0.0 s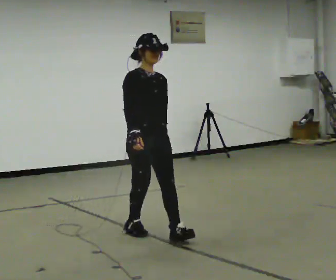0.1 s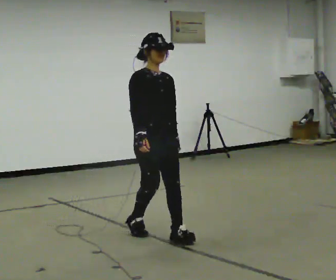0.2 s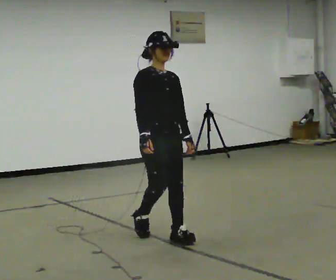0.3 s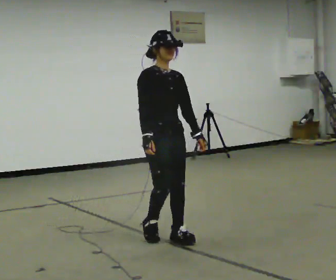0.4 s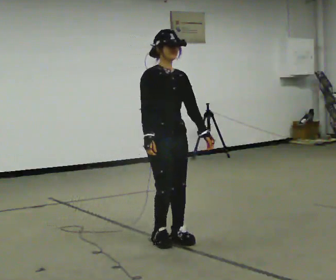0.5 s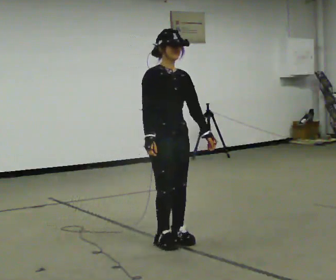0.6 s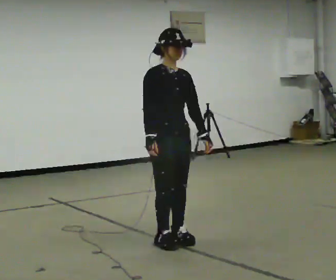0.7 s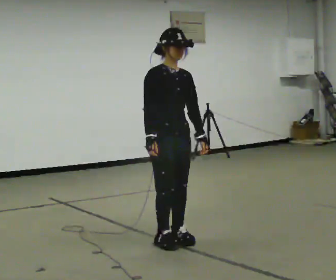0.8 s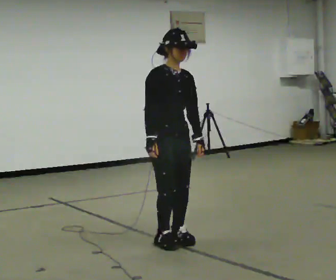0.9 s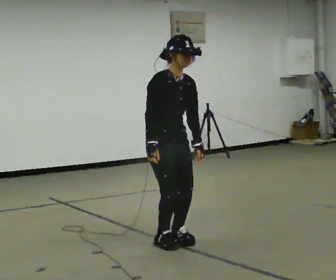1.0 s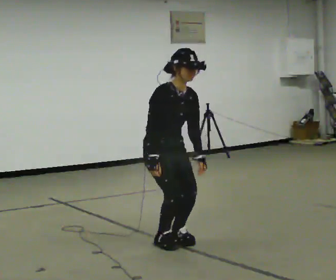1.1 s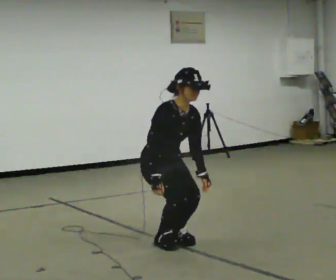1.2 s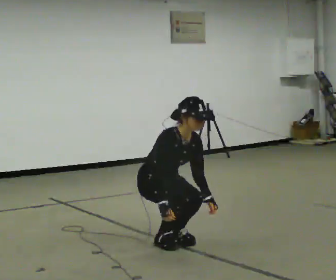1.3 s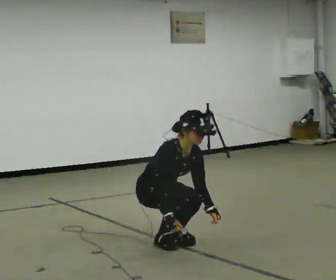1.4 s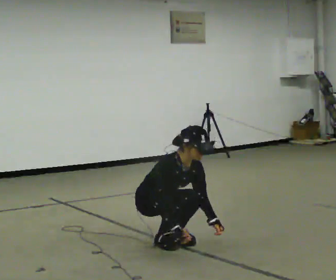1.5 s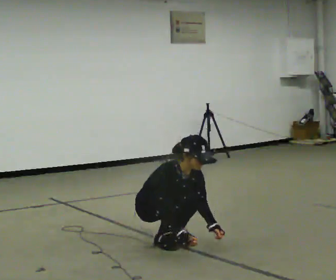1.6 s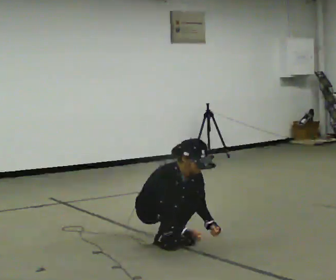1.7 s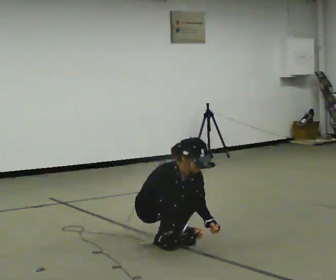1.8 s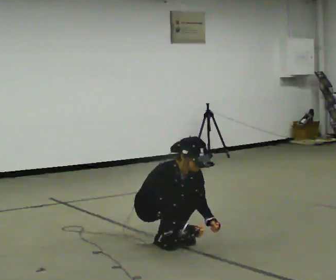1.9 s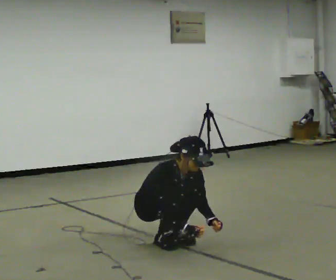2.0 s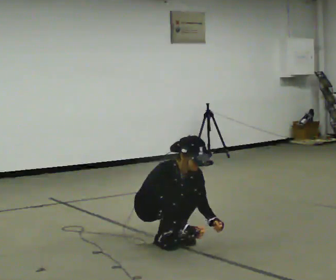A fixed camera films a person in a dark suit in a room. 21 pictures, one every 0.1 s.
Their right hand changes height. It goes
downward.
The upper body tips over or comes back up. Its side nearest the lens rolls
downward.
0.0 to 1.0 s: In the picture they go toward the camera, about 0.25 m in 1 step, which for them is forward. The upper body tips toward the camera, its near side rolling downward, as they bend forward.
1.0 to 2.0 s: The upper body goes downward. The upper body tips toward the camera, its near side rolling downward, as they bend forward. In the picture their right hand goes downward.
The film runs forward here.
